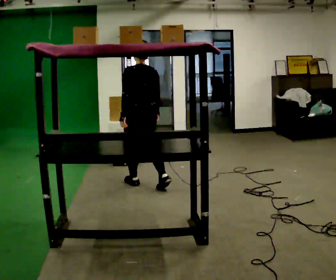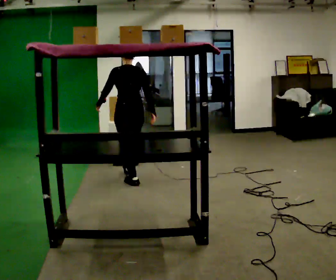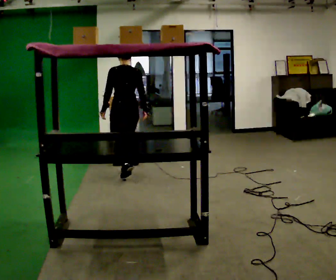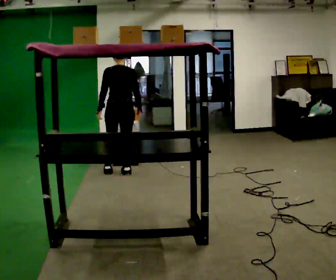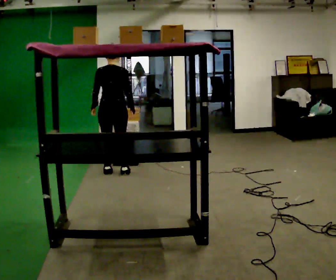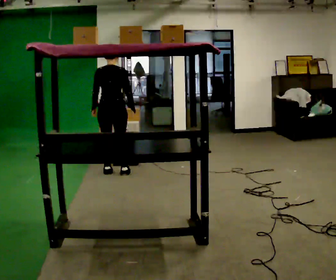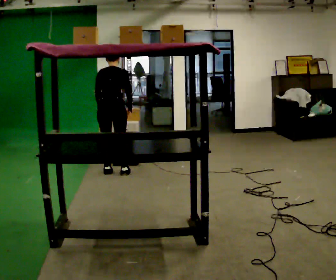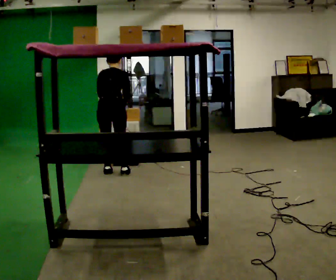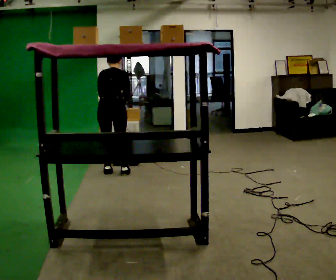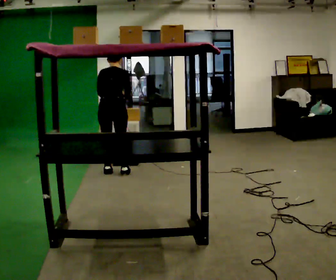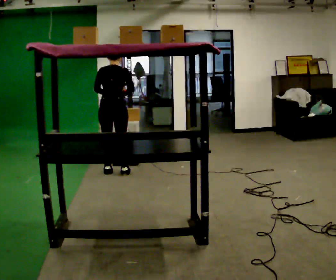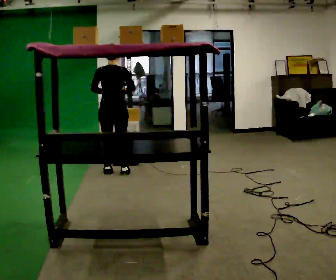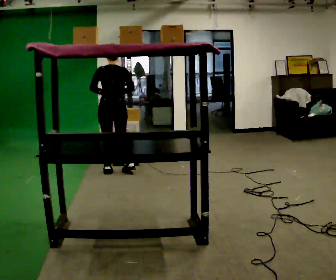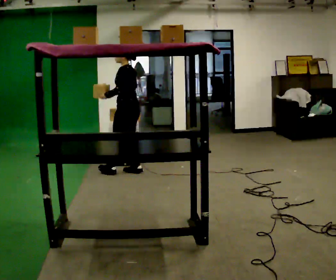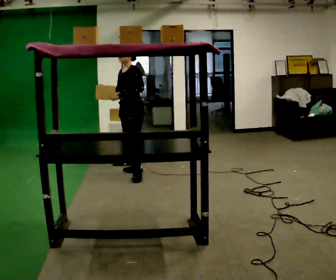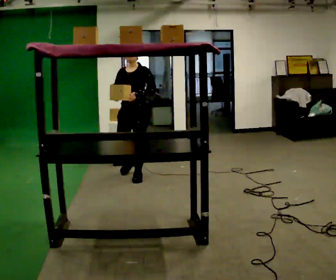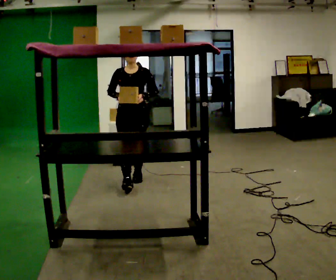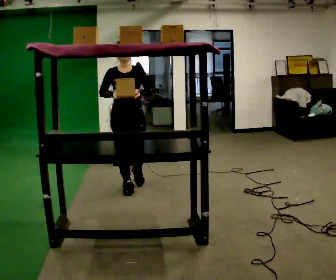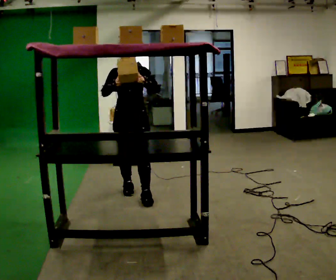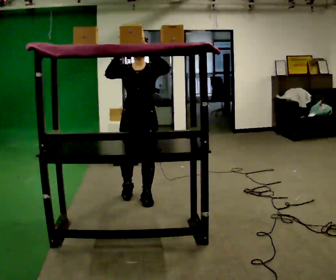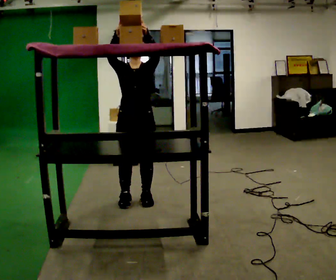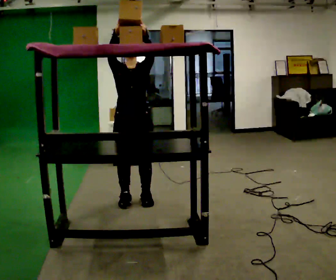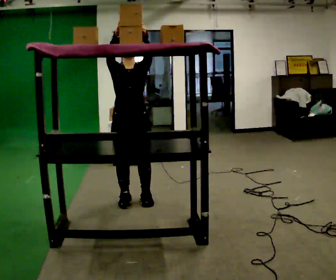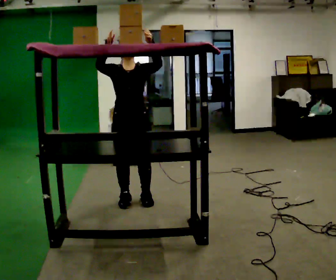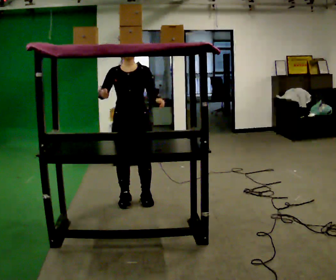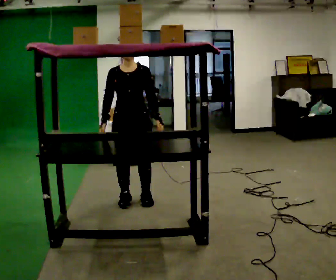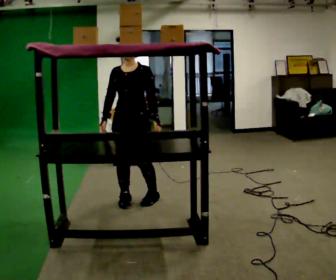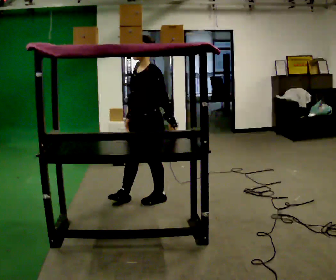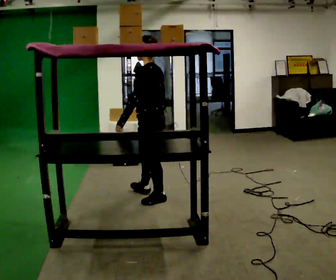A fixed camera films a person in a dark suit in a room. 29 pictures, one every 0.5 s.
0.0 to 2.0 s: The person turns about 30 degrees to their right, clockwise seen from above, so the part of the body nearest the lens slides to the left. In the picture they go away from the camera and to the left, about 0.75 m in 2 steps, which for them is forward.
2.0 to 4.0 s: The upper body tips away from the camera, its near side rolling upward, as they bend forward.
4.0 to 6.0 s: The upper body tips toward the camera, its near side rolling downward, as they lean back or straighten.
6.0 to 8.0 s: The part of the body nearest the lens slides to the right as the person turns to their left by about 165 degrees. In the picture they go toward the camera and to the right, about 0.5 m in 3 steps.
8.0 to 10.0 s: In the picture they go toward the camera, about 0.75 m in 2 steps, which for them is forward. In the picture their left hand goes upward.
10.0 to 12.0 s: In the picture their left hand goes downward.
12.0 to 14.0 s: The person turns about 105 degrees to their right, clockwise seen from above, so the part of the body nearest the lens slides to the left. In the picture they go to the right, about 0.25 m in 1 step. In the picture their right hand goes to the right.
The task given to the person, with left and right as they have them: Take an object from the waist-height shelf, carry it across the room, and place it on the highest shelf you can comfortably reach. Keep going until the operator says stop; one object at a time, and do not rush between trips.
The film runs forward here.
